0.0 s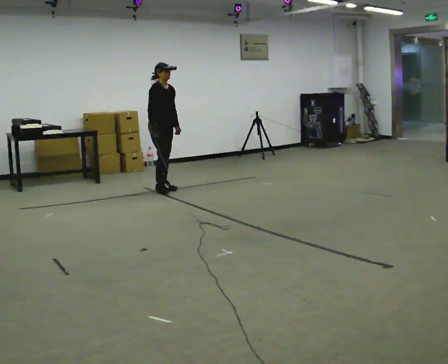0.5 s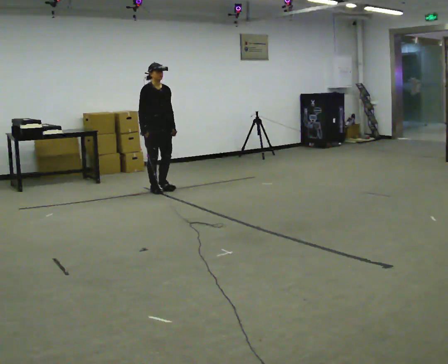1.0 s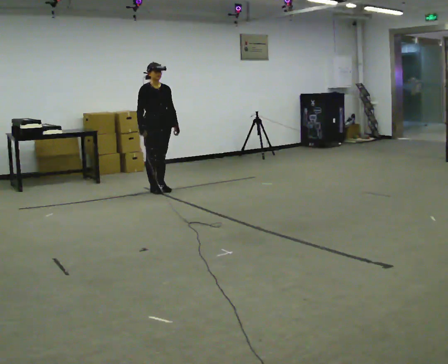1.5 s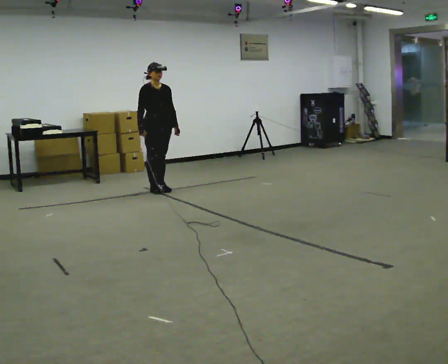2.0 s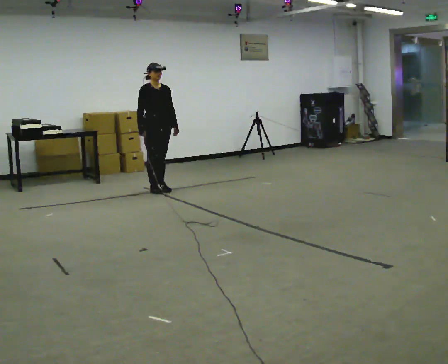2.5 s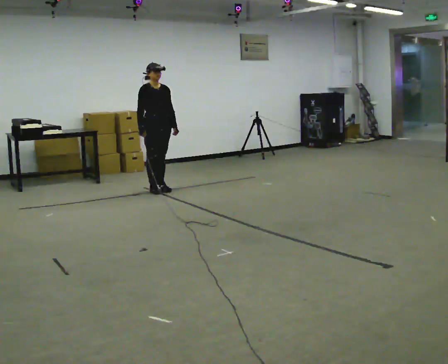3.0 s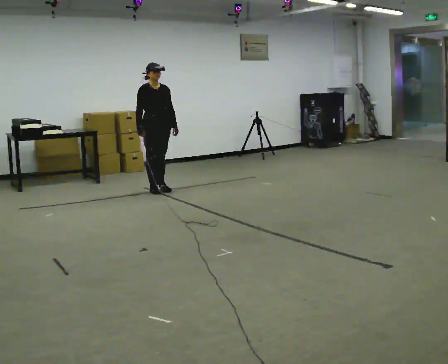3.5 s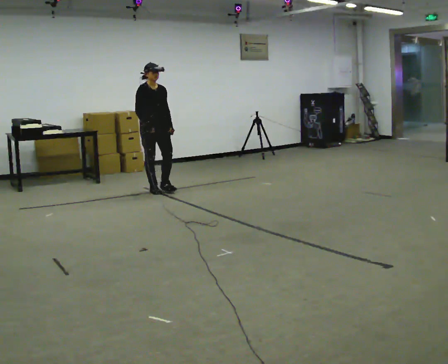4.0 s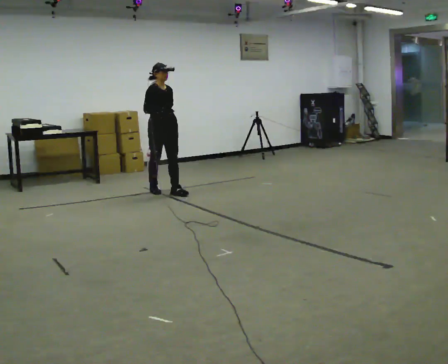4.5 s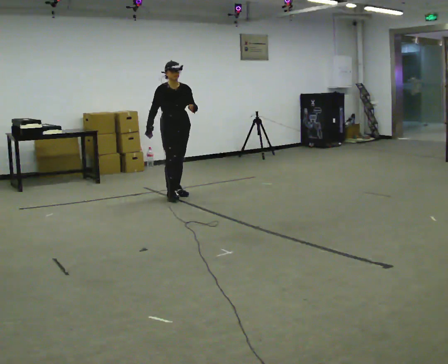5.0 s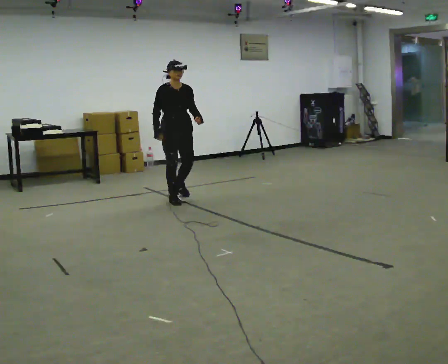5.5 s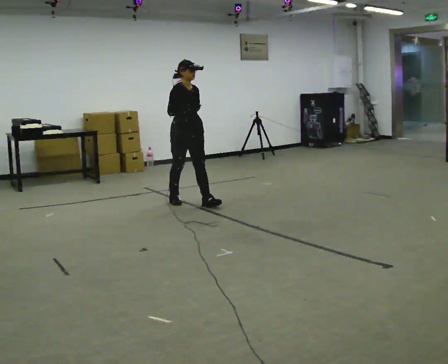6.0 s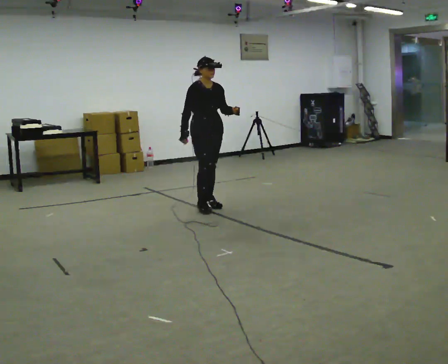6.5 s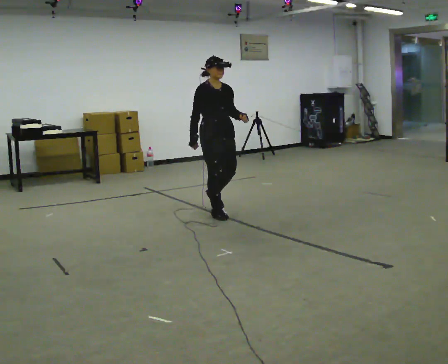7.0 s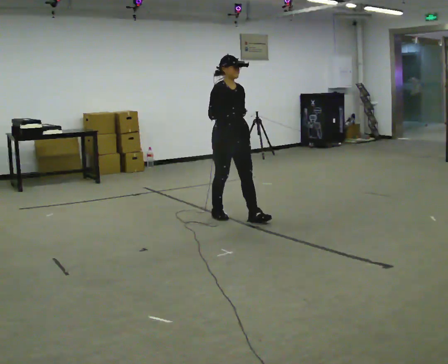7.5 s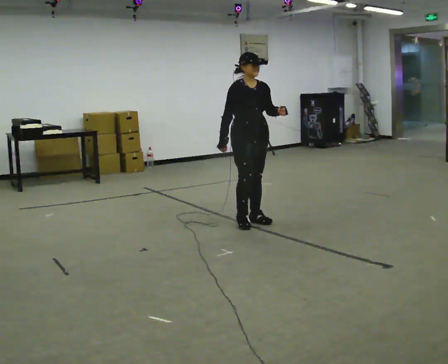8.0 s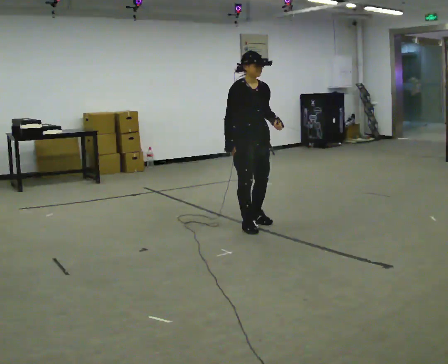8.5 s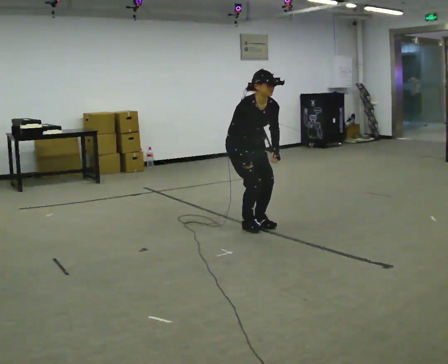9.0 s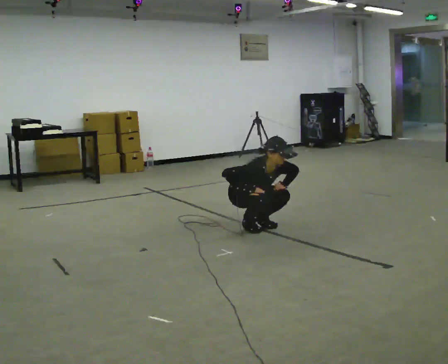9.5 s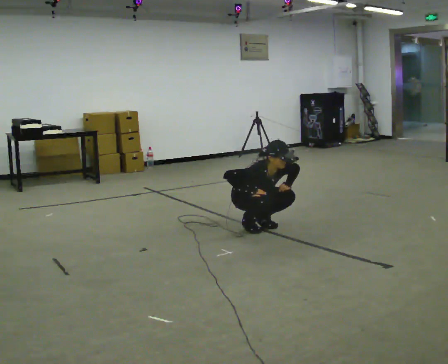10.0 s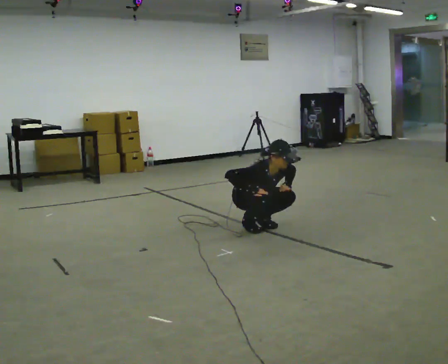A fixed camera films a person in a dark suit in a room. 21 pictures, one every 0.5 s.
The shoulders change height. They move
downward.
The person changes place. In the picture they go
toward the camera.
0.0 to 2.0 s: The person moves a little, or ends about where they began.
2.0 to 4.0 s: In the picture they go toward the camera, about 0.25 m in 1 step, which for them is forward.
4.0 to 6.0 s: In the picture they go toward the camera and to the right, about 1 m in 2 steps, which for them is forward.
6.0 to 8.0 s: In the picture they go toward the camera, about 1 m in 3 steps, which for them is forward.
8.0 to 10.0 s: The upper body goes downward. The upper body tips toward the camera, its near side rolling downward, as they bend forward. In the picture their right hand goes downward.
The film runs forward here.
